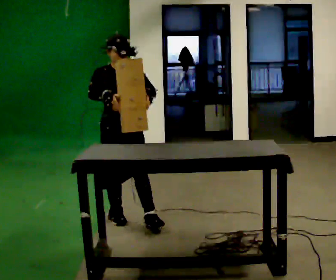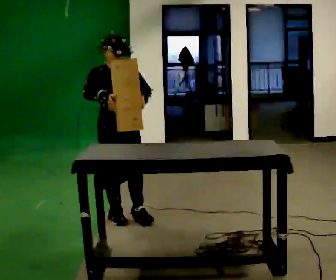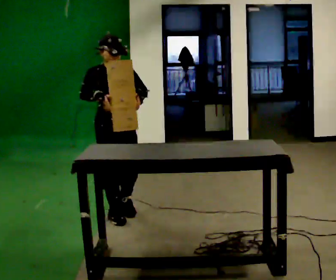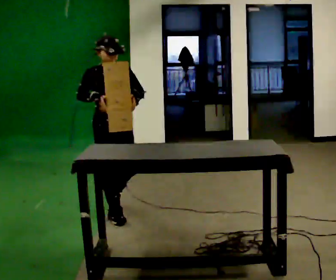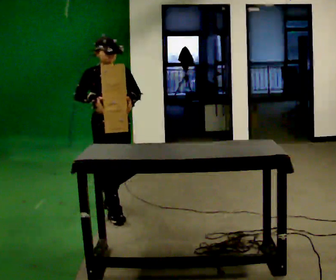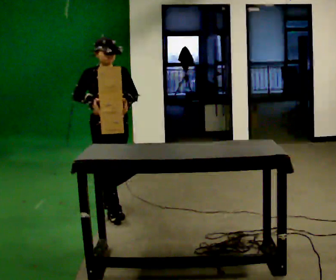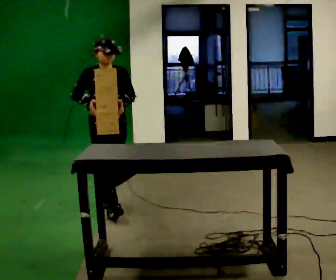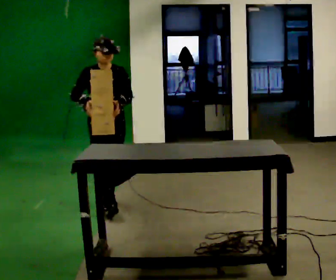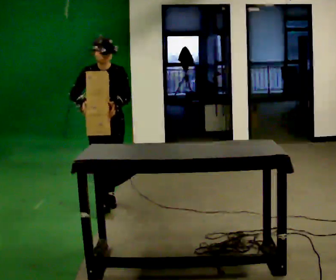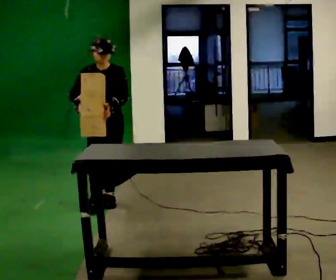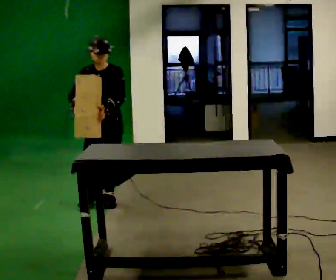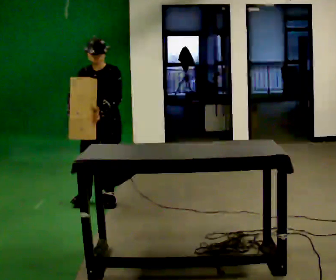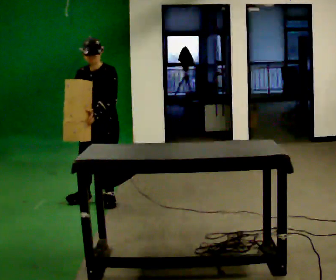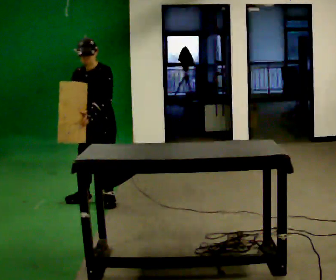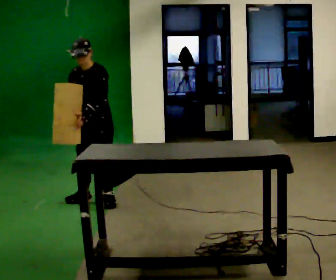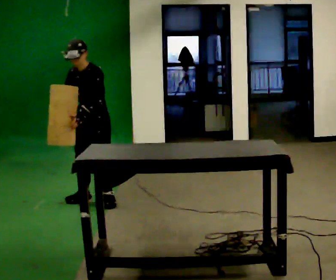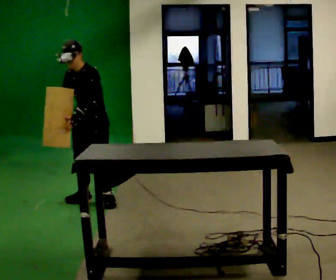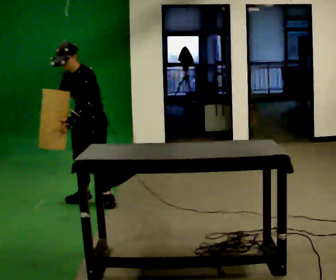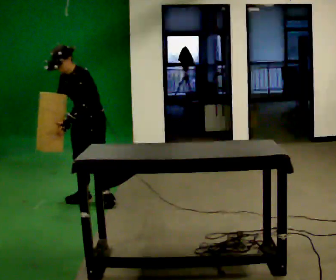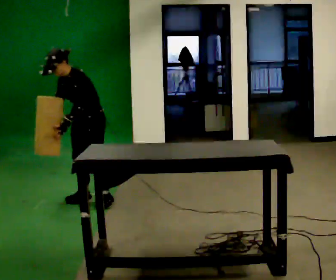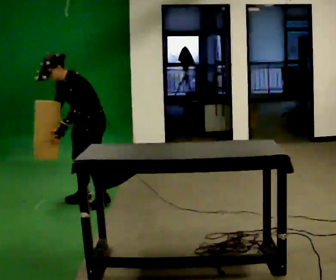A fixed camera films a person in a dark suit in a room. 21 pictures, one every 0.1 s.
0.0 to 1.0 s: In the picture they go away from the camera, about 0.5 m in 1 step, which for them is backward.
1.0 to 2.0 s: Seen from above the body turns clockwise, about 60 degrees: to their right, with its near side sliding to the left. In the picture they go away from the camera, about 0.25 m, which for them is to their right. In the picture the upper body tilts counterclockwise, shoulders to the left, as they bend forward.
The film runs backward here.
